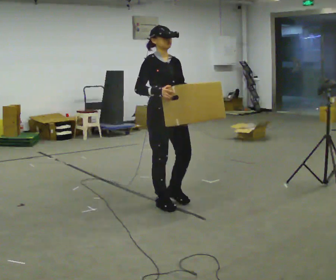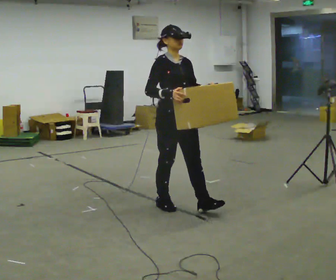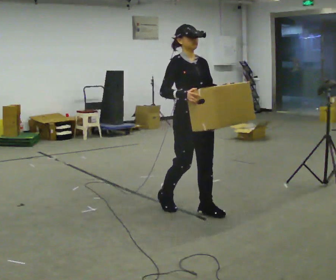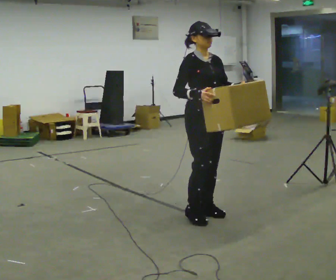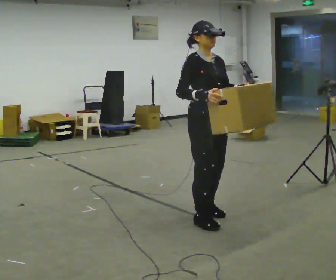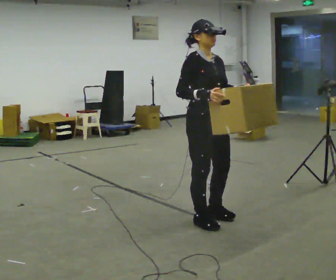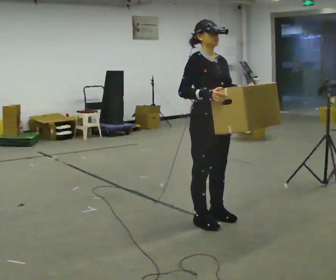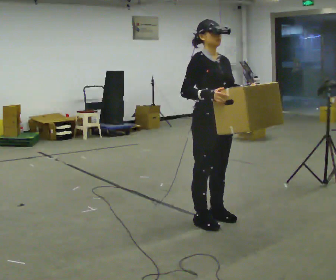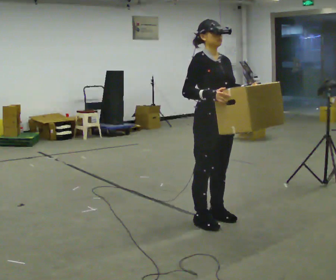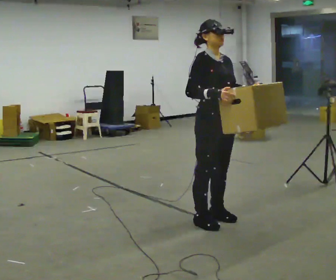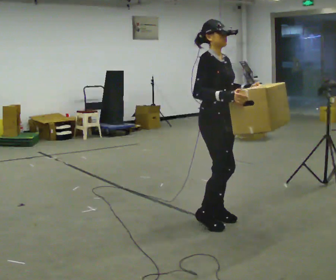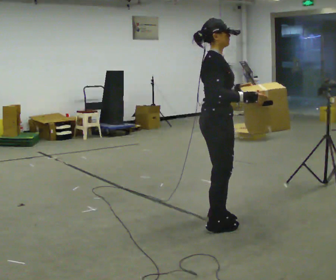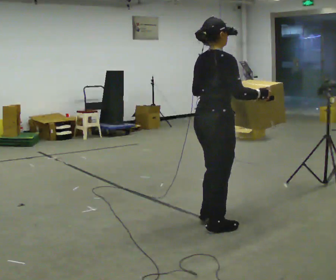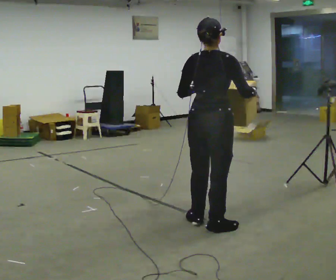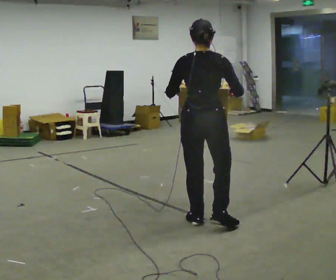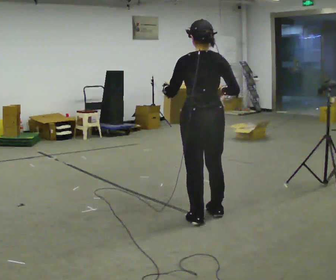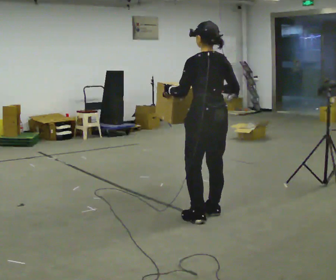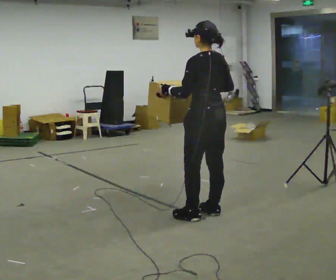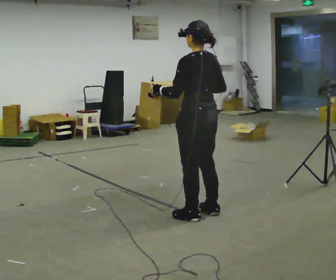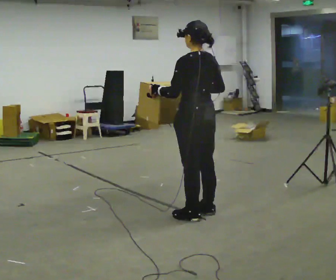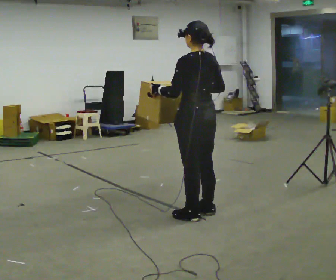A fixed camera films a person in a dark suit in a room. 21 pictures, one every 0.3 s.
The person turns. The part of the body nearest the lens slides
to the right.
The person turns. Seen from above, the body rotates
counterclockwise.
0.0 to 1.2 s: In the picture they go to the right and toward the camera, about 0.5 m in 2 steps, which for them is forward.
1.2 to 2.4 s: The person moves a little, or ends about where they began.
2.4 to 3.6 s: Seen from above the body turns counterclockwise, about 75 degrees: to their left, with its near side sliding to the right. In the picture they go toward the camera, about 0.25 m in 1 step. In the picture their right hand goes to the right.
3.6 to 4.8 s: The person turns about 90 degrees to their left, counterclockwise seen from above, so the part of the body nearest the lens slides to the right. In the picture they go away from the camera, about 0.25 m in 2 steps. In the picture their right hand goes to the left.
4.8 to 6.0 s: The person moves a little, or ends about where they began.
The film runs forward here.
